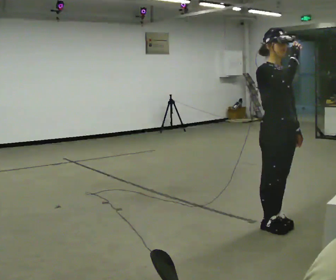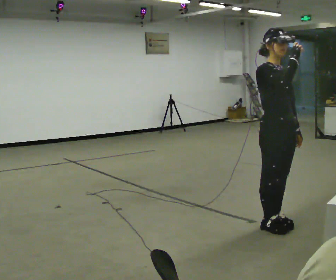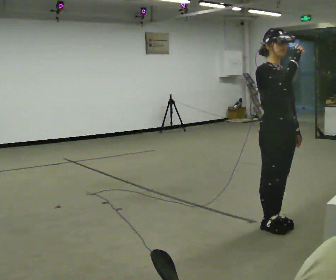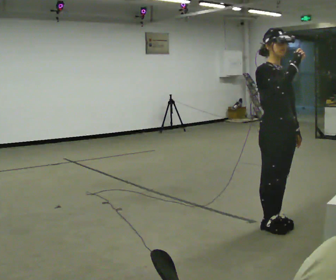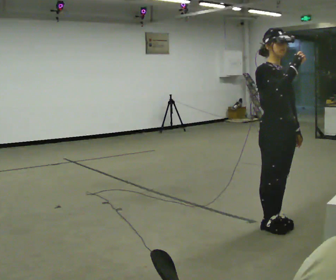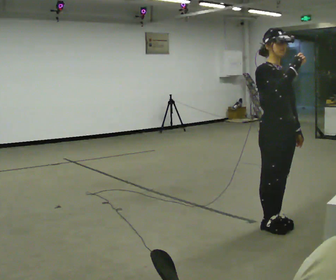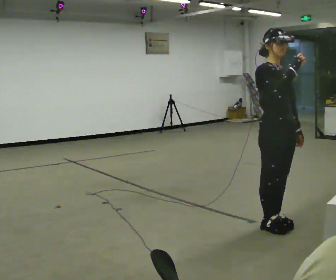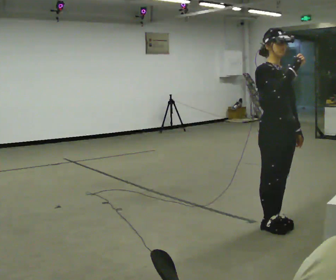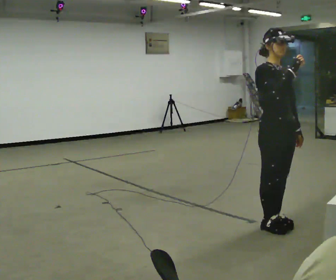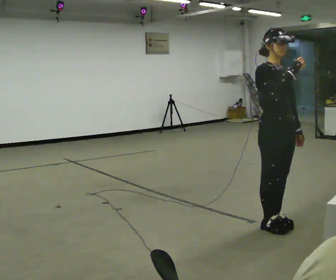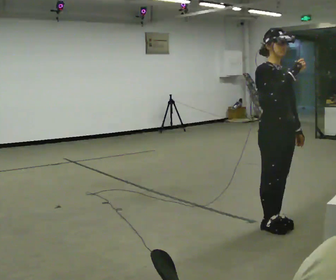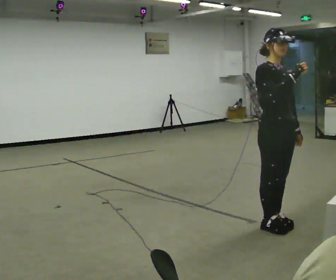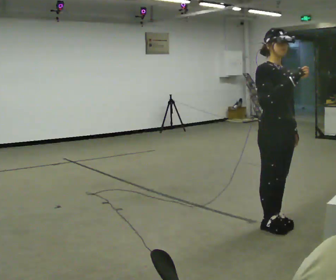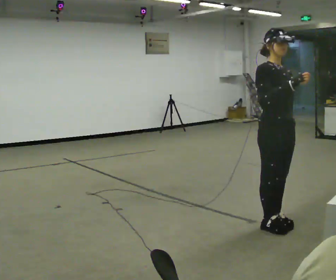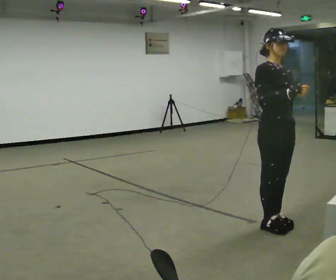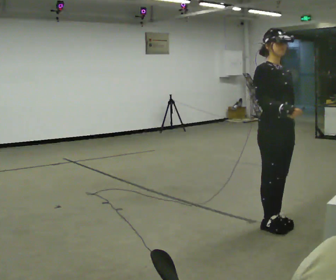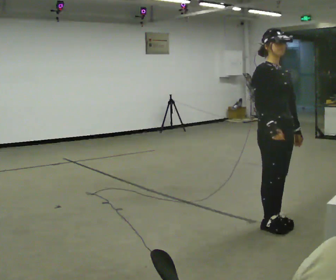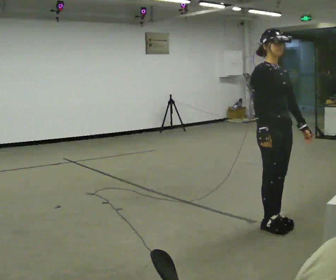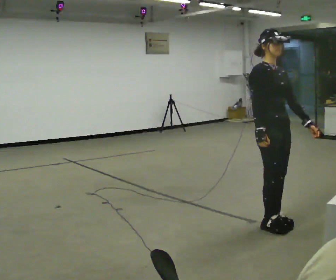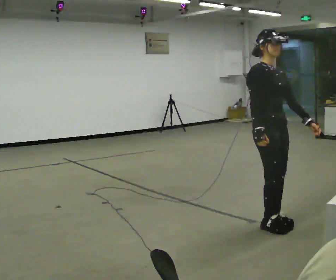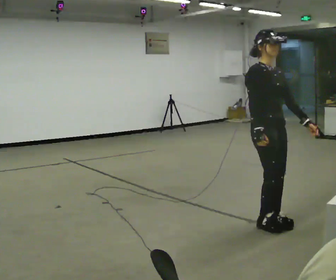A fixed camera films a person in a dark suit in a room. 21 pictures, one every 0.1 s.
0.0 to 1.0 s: The person moves a little, or ends about where they began.
1.0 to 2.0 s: In the picture their right hand goes downward.
The film runs backward here.
